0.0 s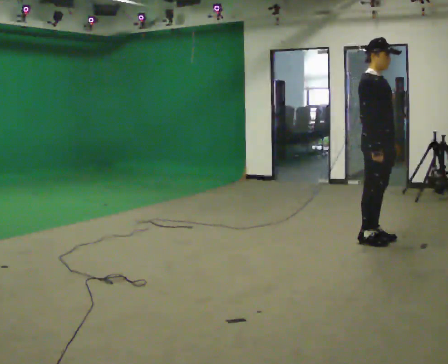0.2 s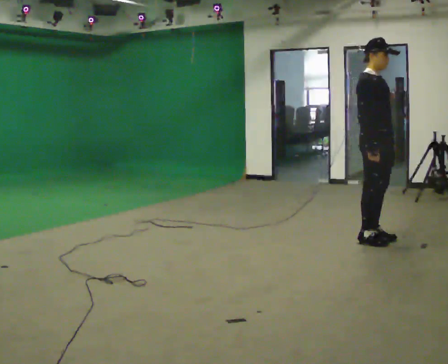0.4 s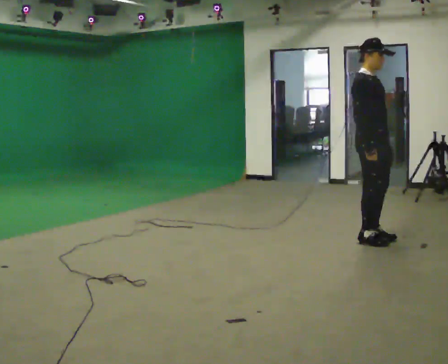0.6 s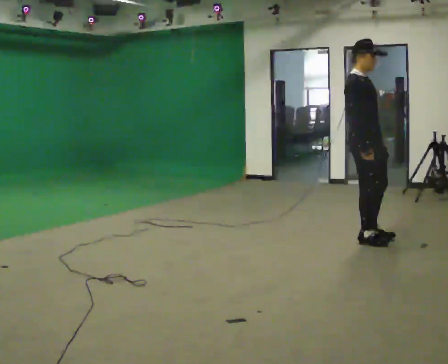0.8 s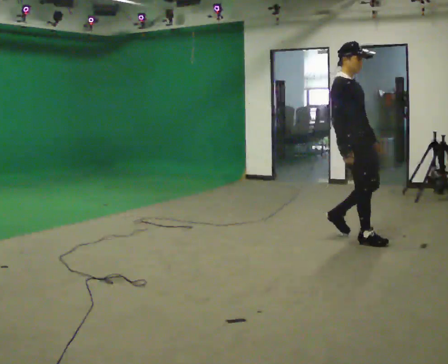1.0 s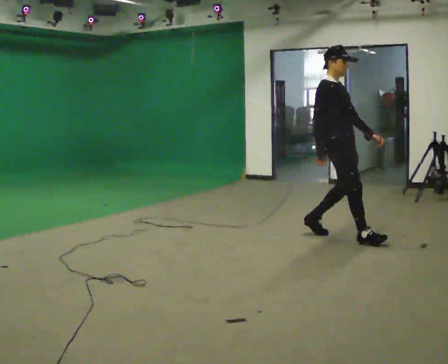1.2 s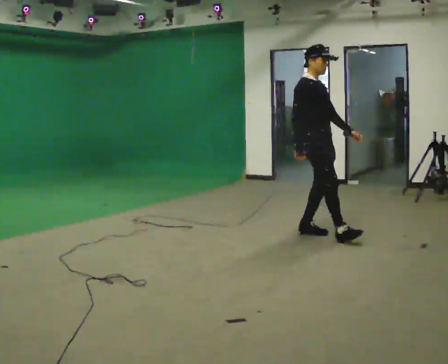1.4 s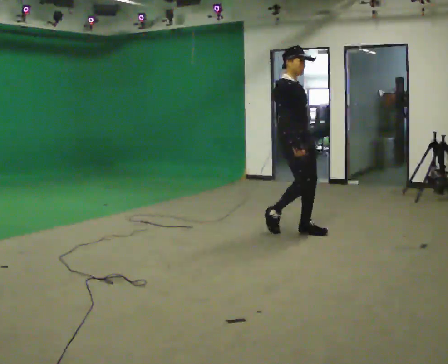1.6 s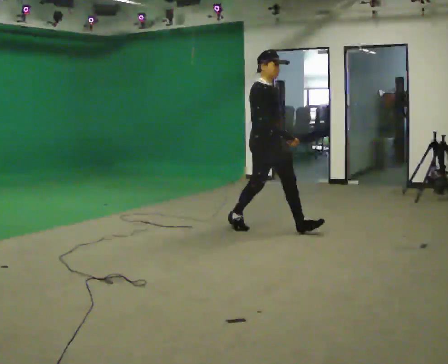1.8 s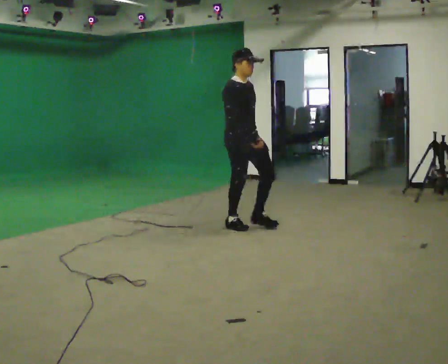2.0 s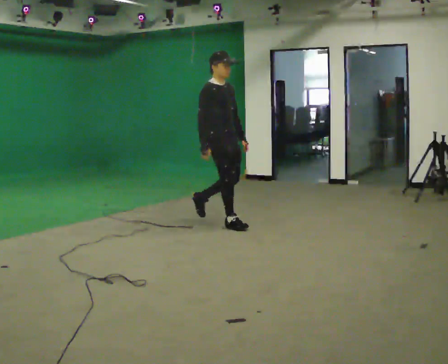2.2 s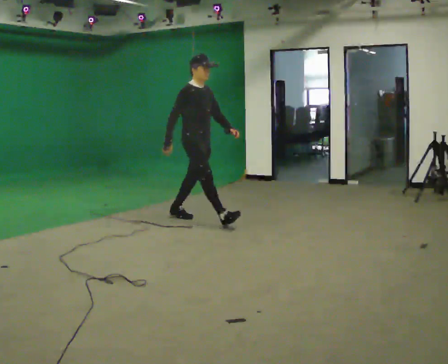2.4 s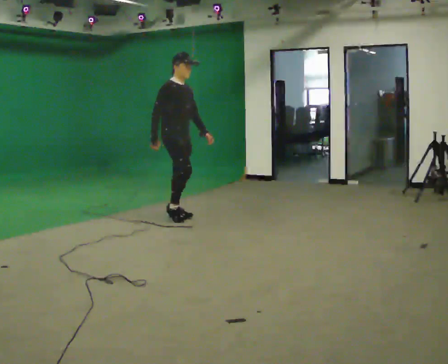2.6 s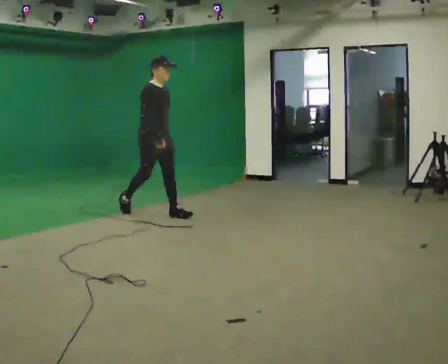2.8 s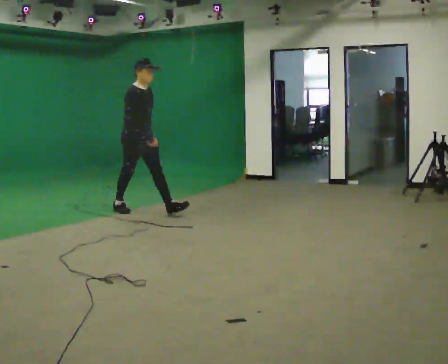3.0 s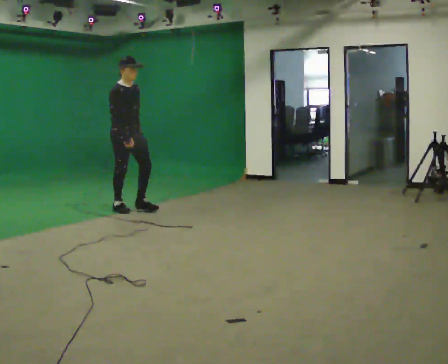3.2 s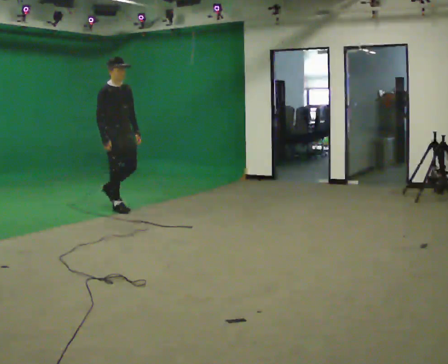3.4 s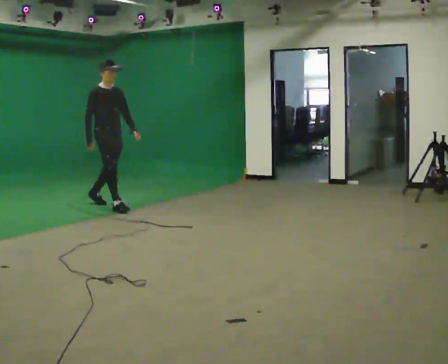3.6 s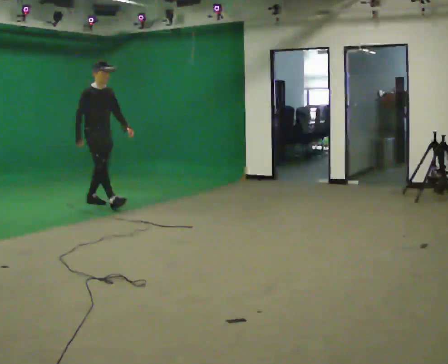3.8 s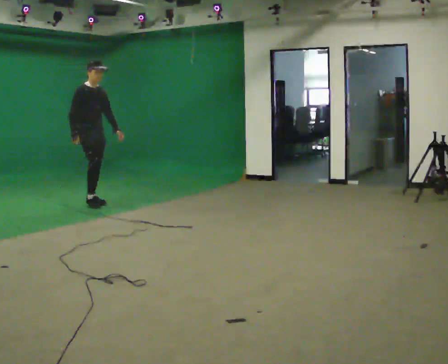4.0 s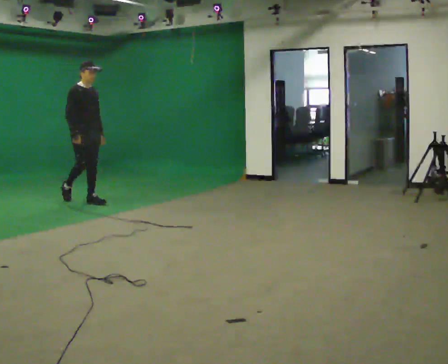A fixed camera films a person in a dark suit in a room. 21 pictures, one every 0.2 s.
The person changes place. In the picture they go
to the left.
0.0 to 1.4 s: In the picture they go to the left and away from the camera, about 1 m in 2 steps, which for them is backward.
1.4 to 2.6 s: In the picture they go to the left and away from the camera, about 1.5 m in 2 steps, which for them is backward.
2.6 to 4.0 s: In the picture they go to the left and away from the camera, about 1 m in 2 steps, which for them is backward.
The film runs backward here.
